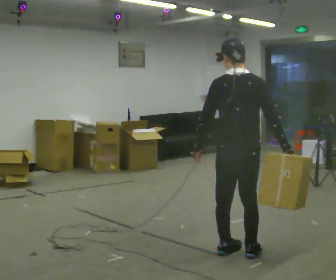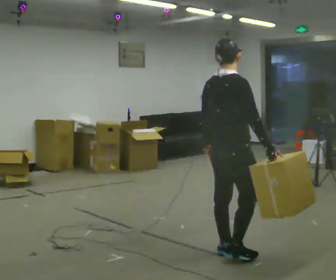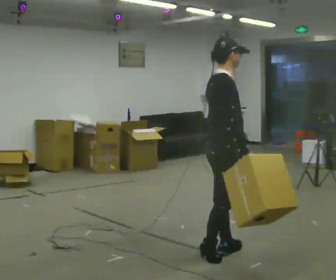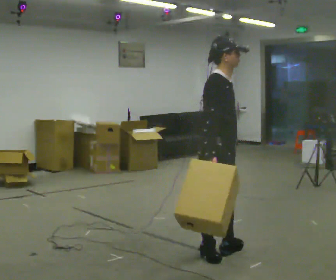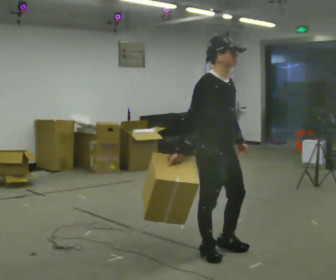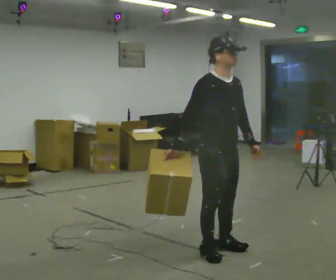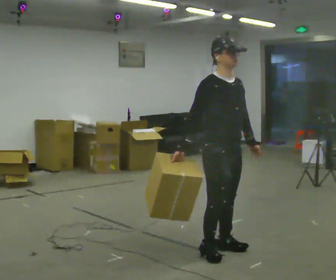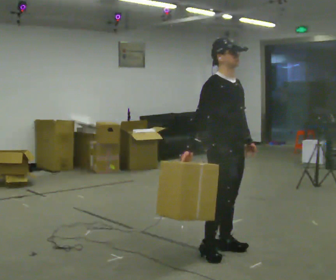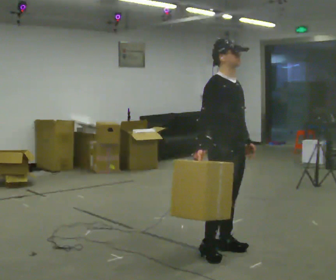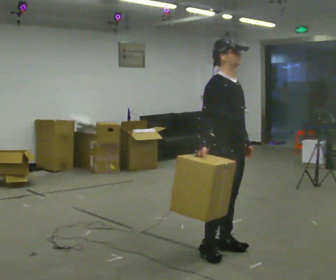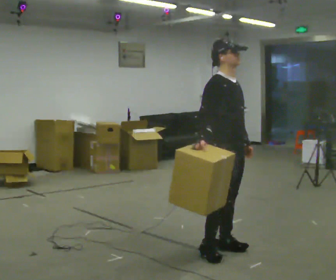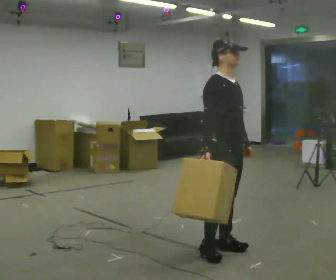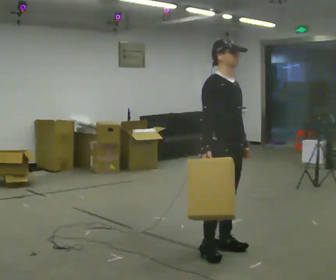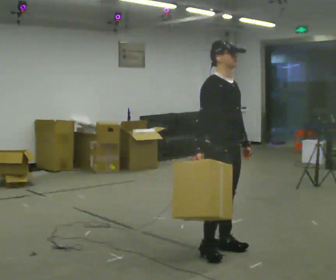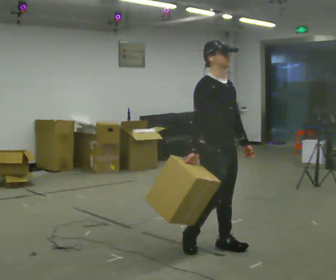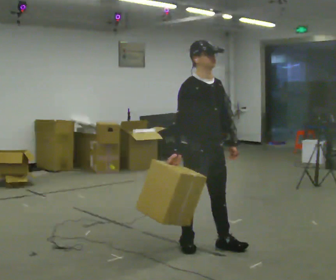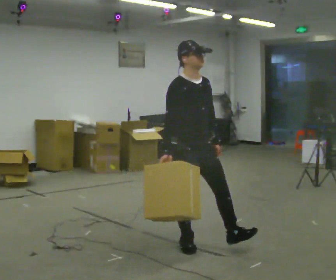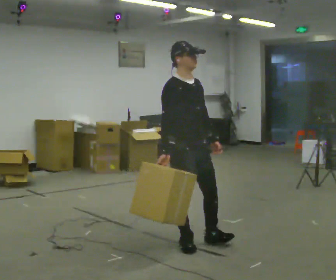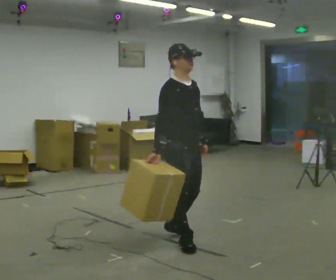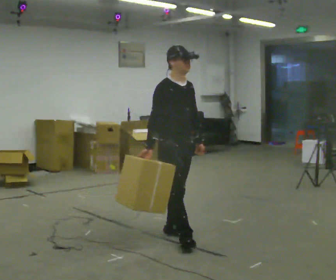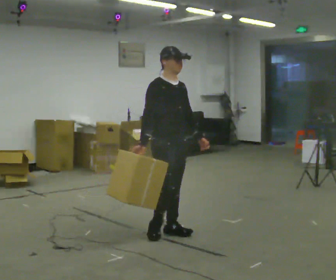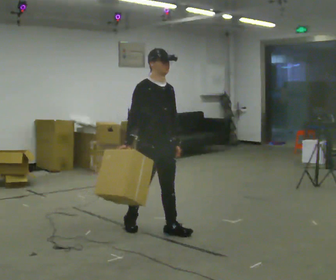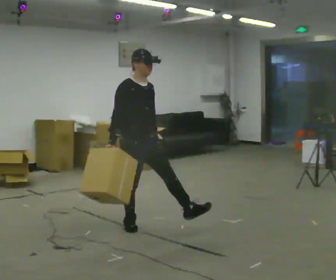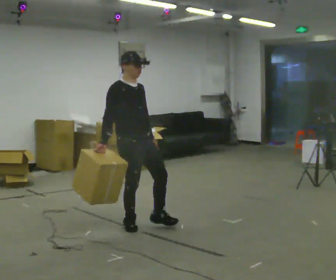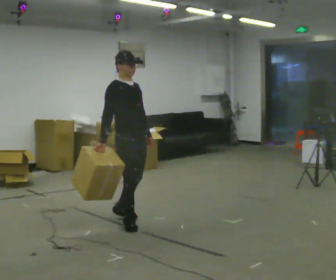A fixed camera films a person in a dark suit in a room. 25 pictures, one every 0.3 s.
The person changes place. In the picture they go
to the left.
0.0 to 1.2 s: The part of the body nearest the lens slides to the left as the person turns to their right by about 120 degrees. In the picture they go to the left, about 0.25 m in 2 steps. In the picture their right hand goes to the left, the arm swinging clockwise.
1.2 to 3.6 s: The person moves a little, or ends about where they began.
3.6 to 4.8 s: In the picture they go to the left, about 0.25 m in 2 steps, which for them is backward.
4.8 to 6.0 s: In the picture they go away from the camera and to the left, about 0.5 m in 1 step, which for them is backward and to their left.
6.0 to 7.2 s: In the picture they go to the left and away from the camera, about 0.5 m in 1 step, which for them is backward.
The film runs backward here.
